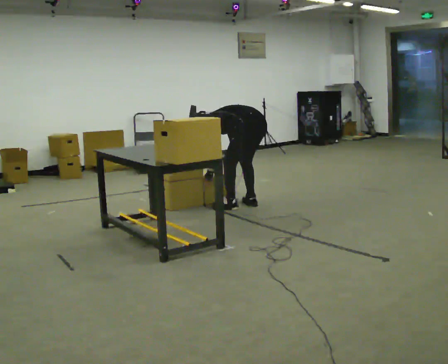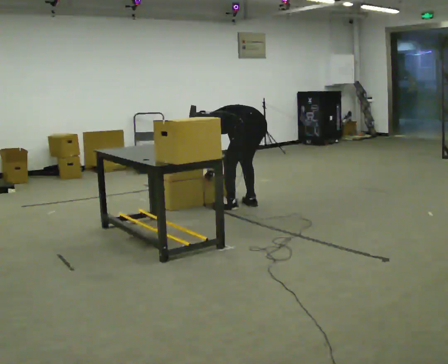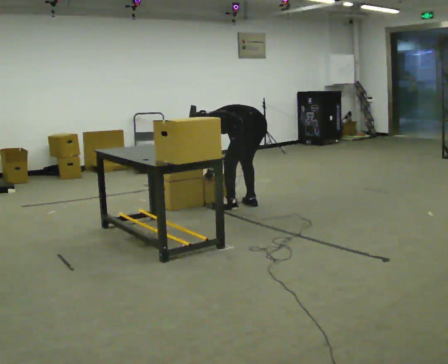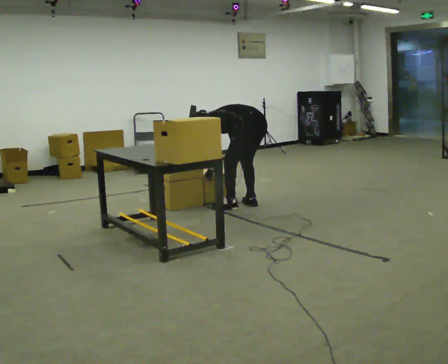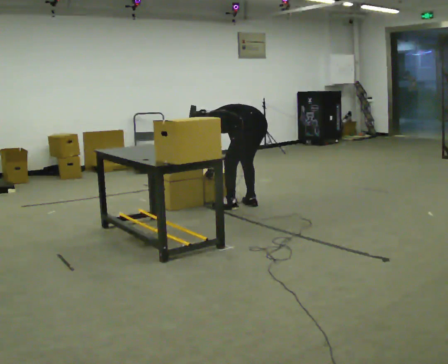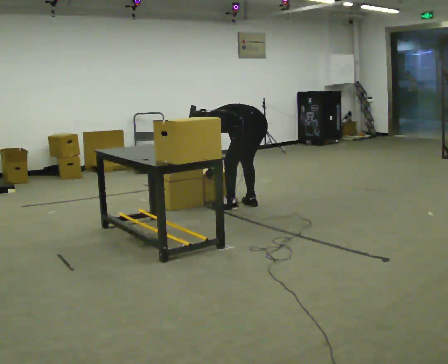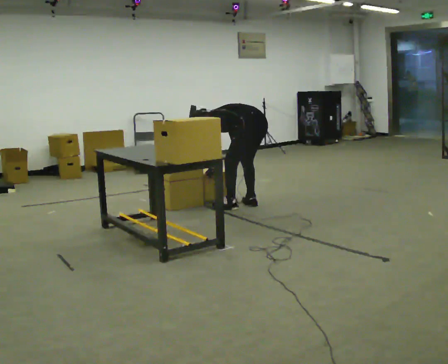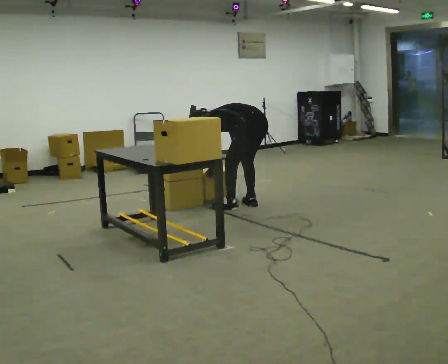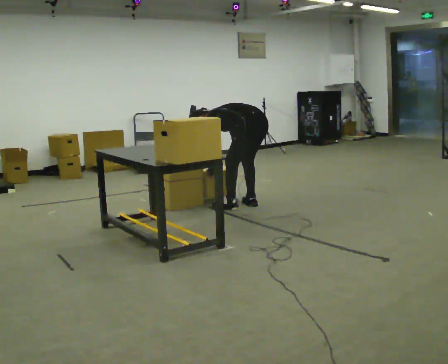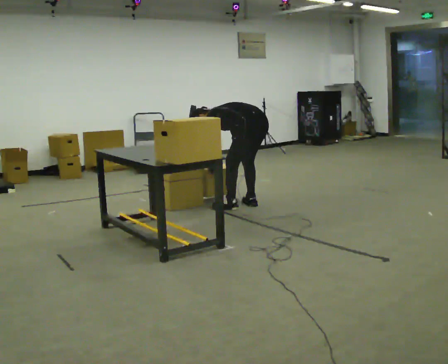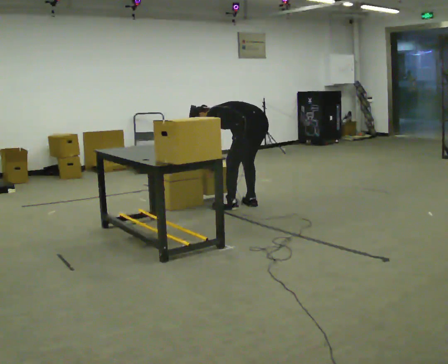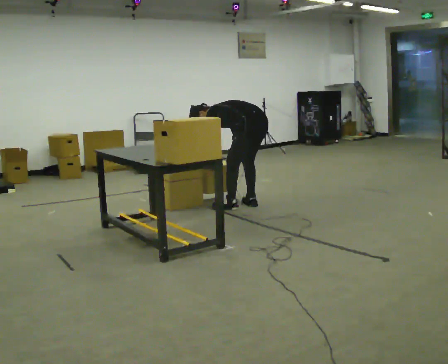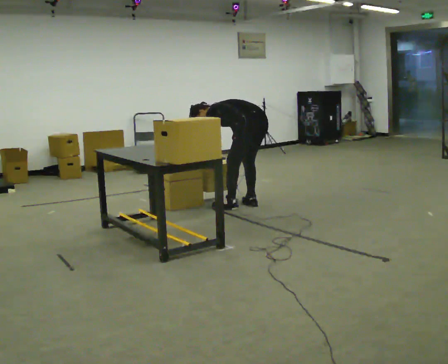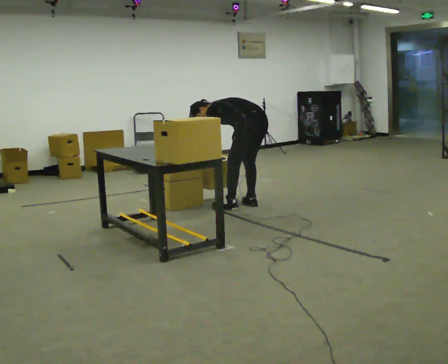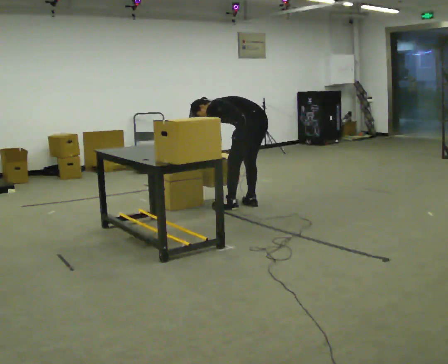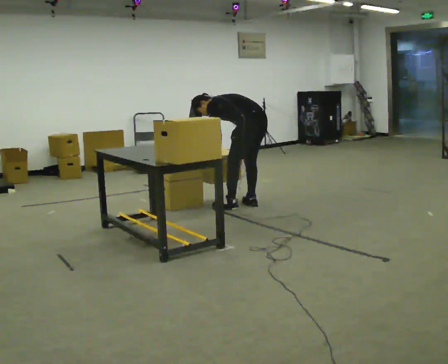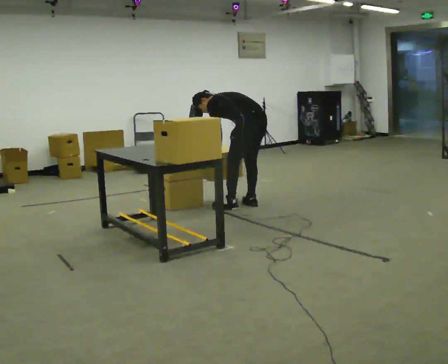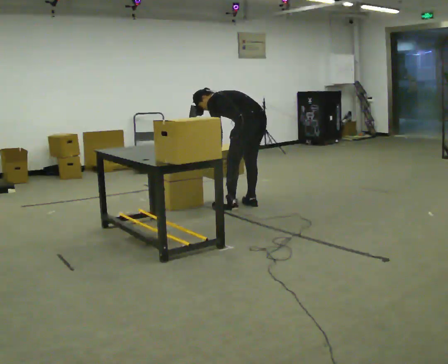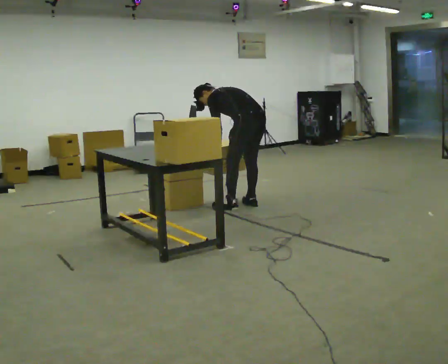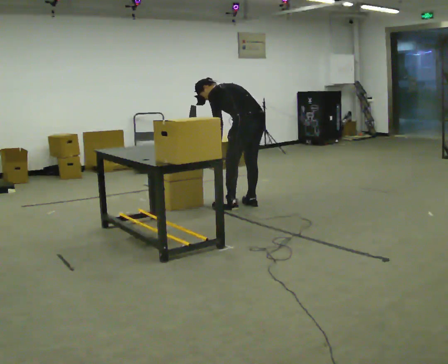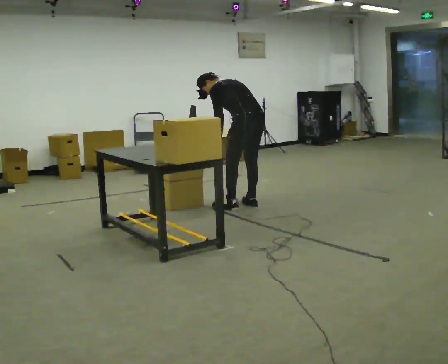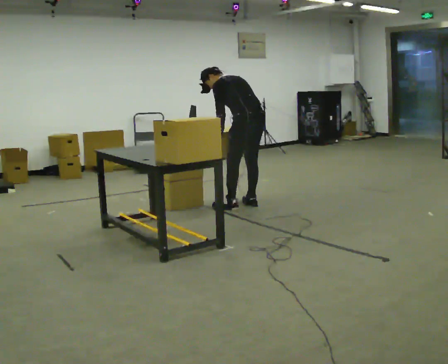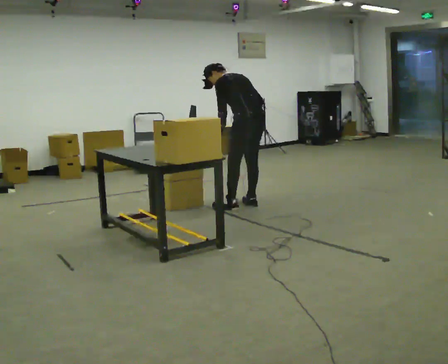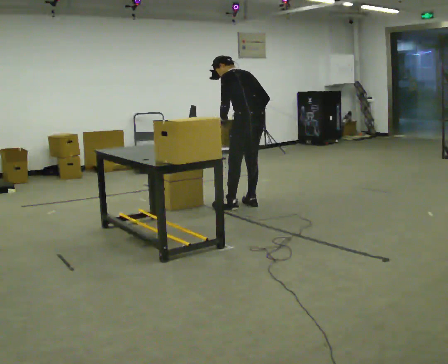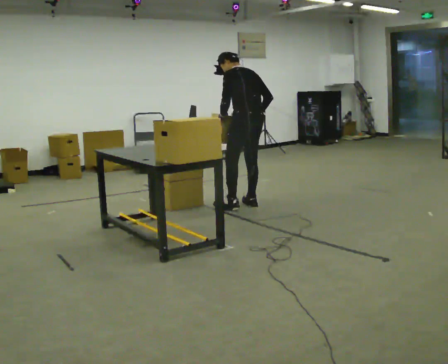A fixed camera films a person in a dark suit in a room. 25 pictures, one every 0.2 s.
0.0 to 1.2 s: The person keeps their place and pose.
1.2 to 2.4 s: The upper body tips toward the camera, its near side rolling downward.
2.4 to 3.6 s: The shoulders move upward. In the picture the upper body tilts clockwise, shoulders to the right, as they lean back or straighten.
3.6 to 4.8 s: The shoulders move upward. In the picture the upper body tilts clockwise, shoulders to the right, as they lean back or straighten. In the picture their left hand goes upward.
The film runs backward here.
